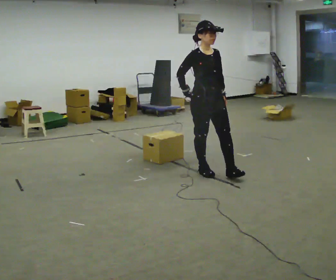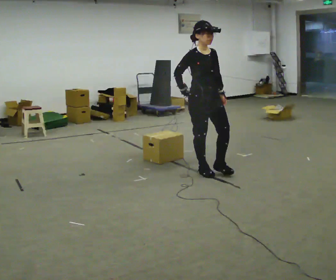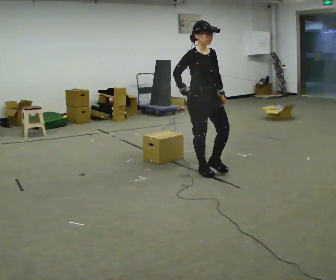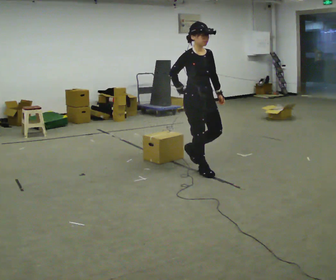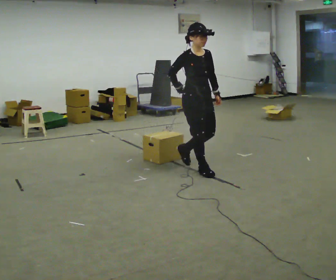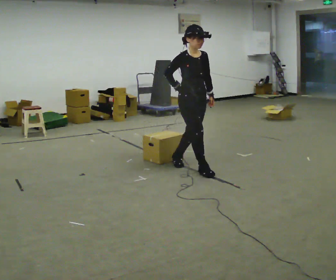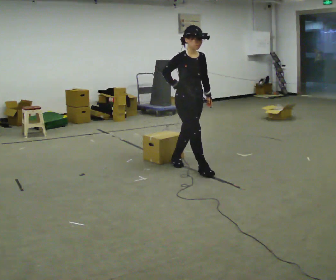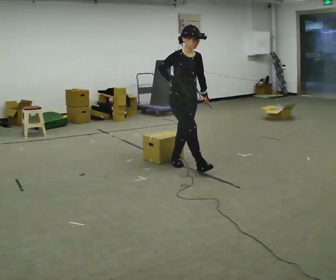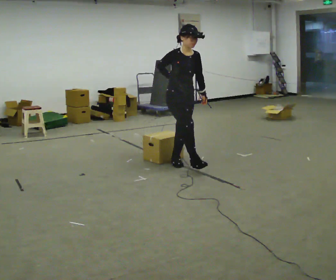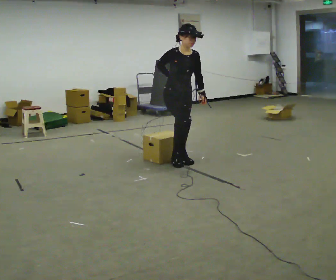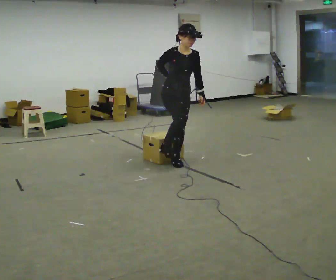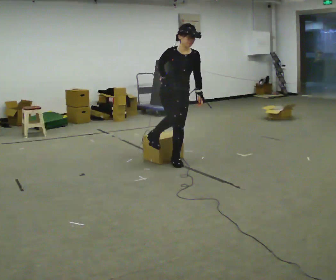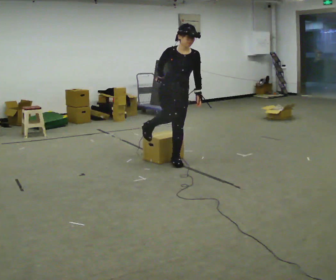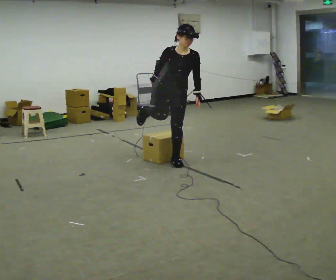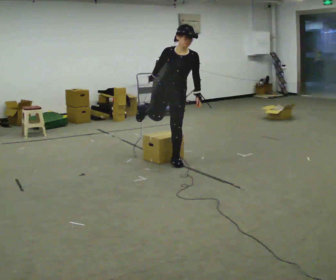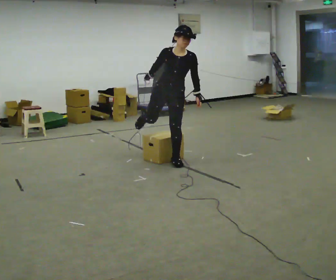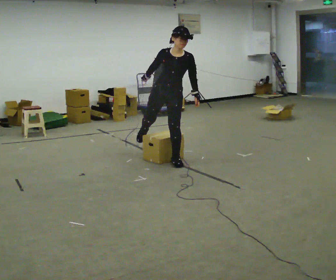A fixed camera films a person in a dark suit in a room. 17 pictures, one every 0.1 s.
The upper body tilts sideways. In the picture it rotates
clockwise.
0.0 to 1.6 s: Seen from above the body turns clockwise, about 30 degrees: to their right, with its near side sliding to the left. In the picture they go away from the camera and to the left, about 0.75 m in 1 step, which for them is backward. In the picture the upper body tilts clockwise, shoulders to the right, as they bend forward.
The film runs backward here.
